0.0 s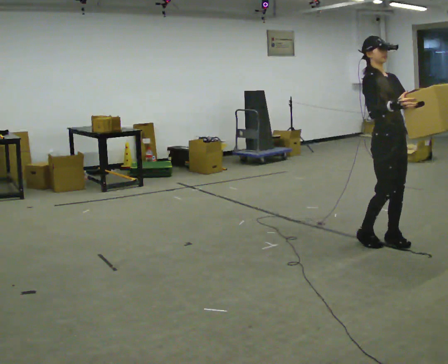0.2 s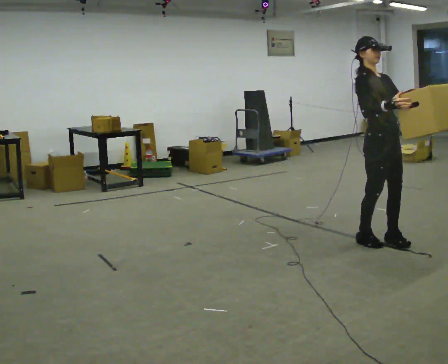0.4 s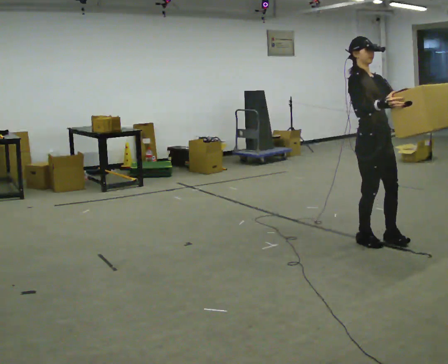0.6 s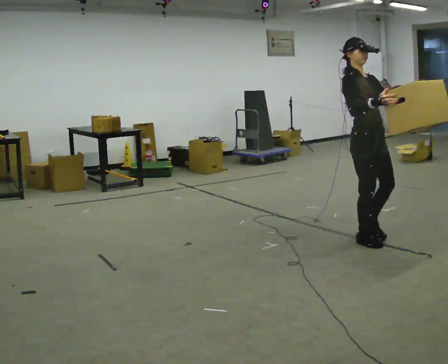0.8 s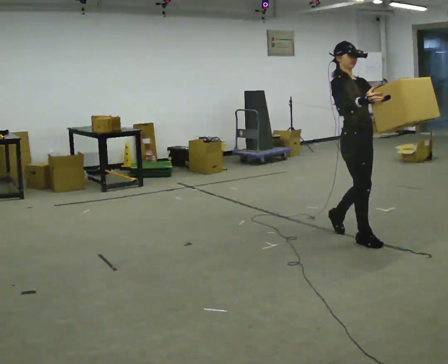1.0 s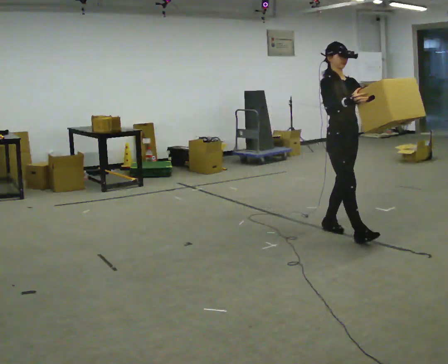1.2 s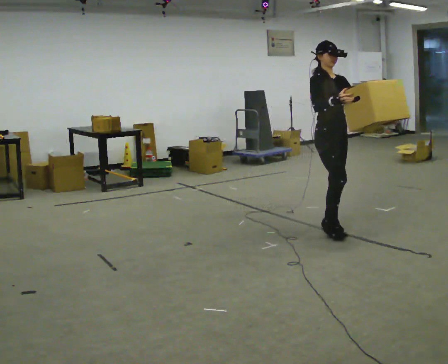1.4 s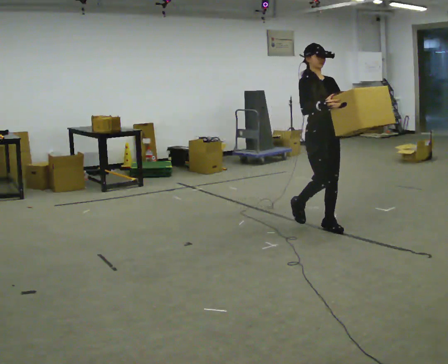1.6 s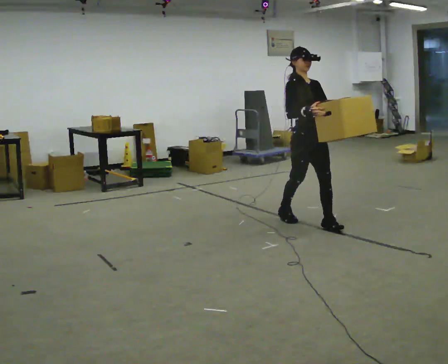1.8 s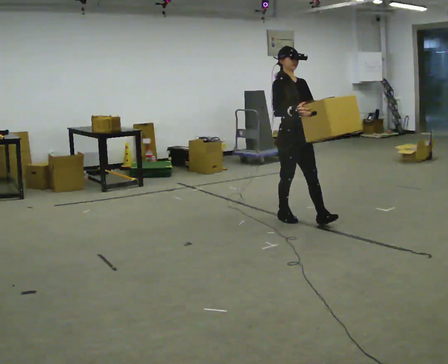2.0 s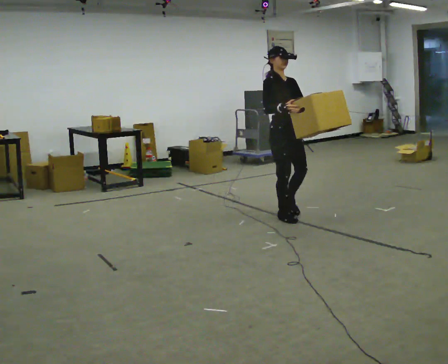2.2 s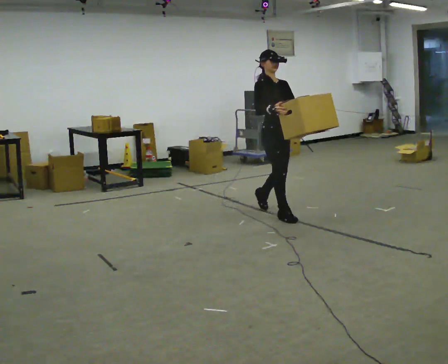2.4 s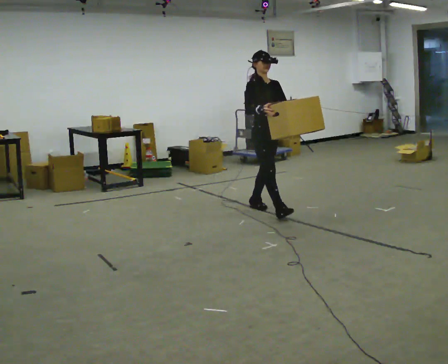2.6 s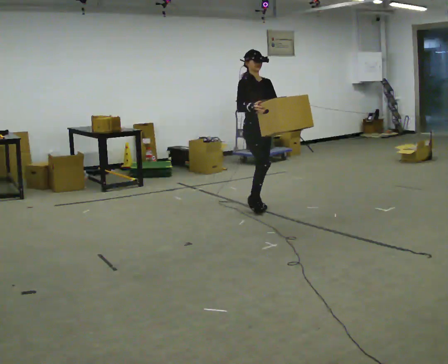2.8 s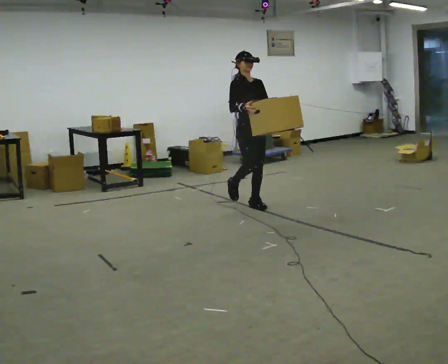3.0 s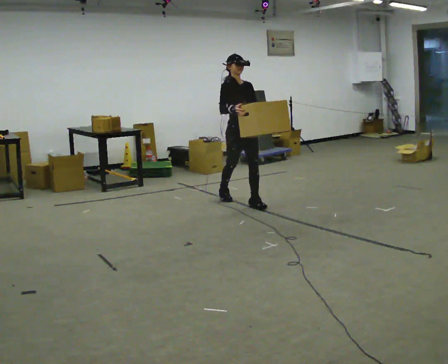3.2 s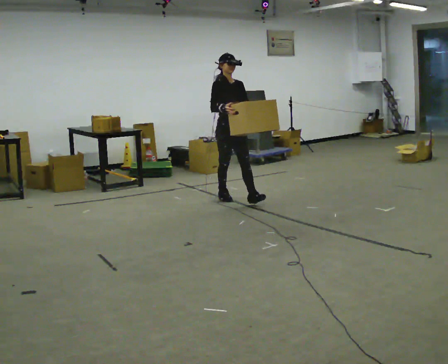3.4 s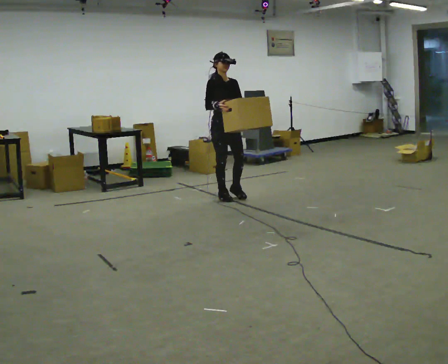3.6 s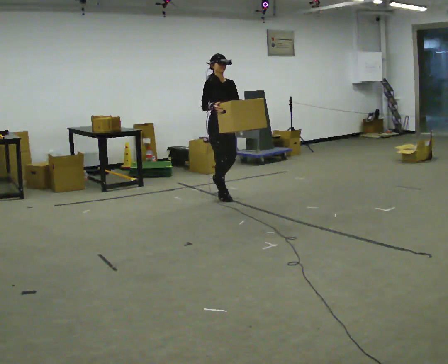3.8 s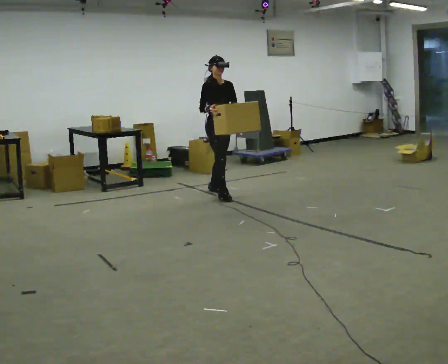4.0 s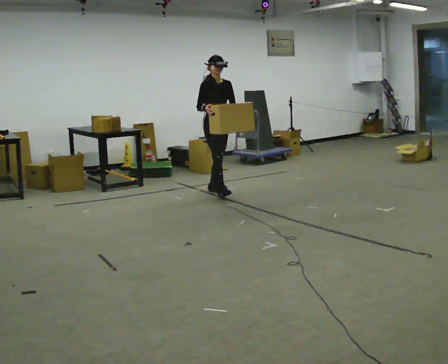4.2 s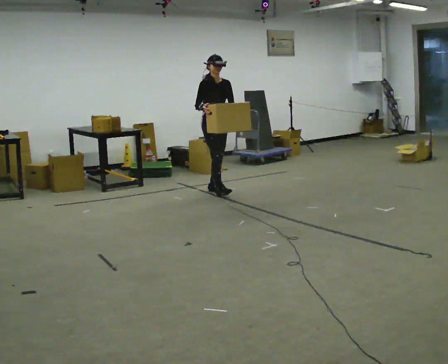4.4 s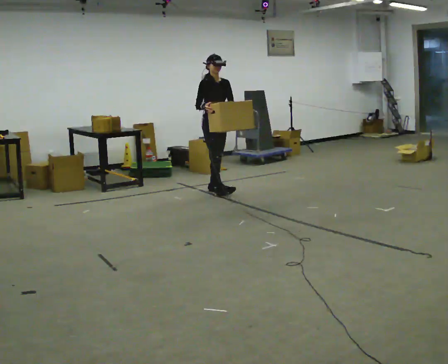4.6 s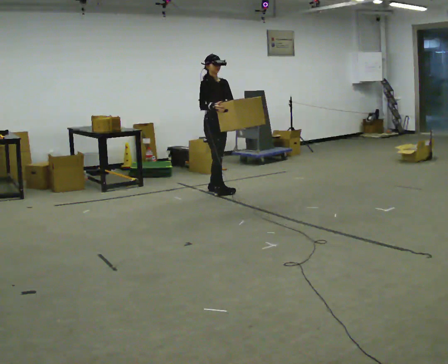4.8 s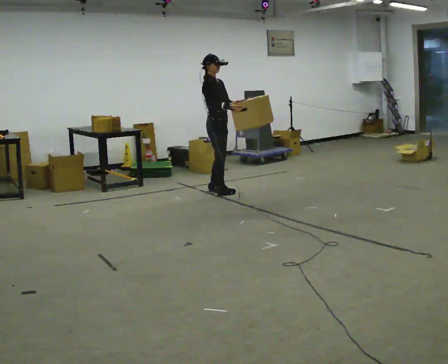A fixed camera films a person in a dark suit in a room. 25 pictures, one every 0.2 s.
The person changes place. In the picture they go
away from the camera.
0.0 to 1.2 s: In the picture they go away from the camera and to the left, about 0.5 m in 2 steps, which for them is backward.
1.2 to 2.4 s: In the picture they go away from the camera and to the left, about 1 m in 2 steps, which for them is backward.
2.4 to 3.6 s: In the picture they go away from the camera and to the left, about 1 m in 1 step, which for them is backward.
3.6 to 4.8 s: The person turns about 30 degrees to their left, counterclockwise seen from above, so the part of the body nearest the lens slides to the right. In the picture they go away from the camera, about 0.25 m in 1 step, which for them is backward.
The film runs backward here.
